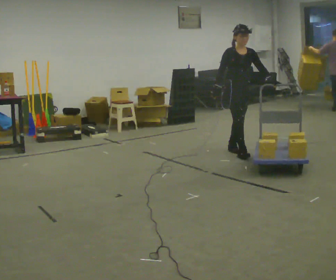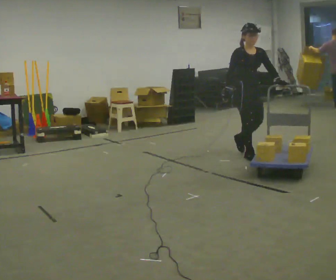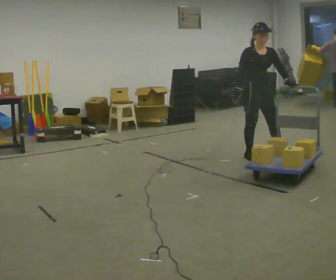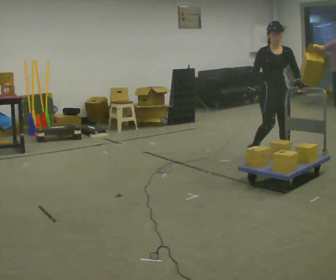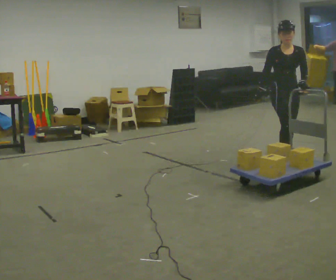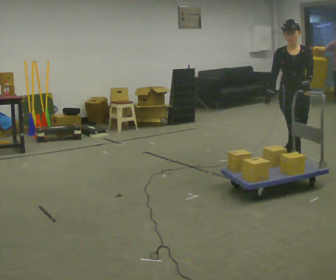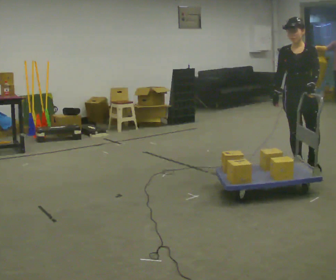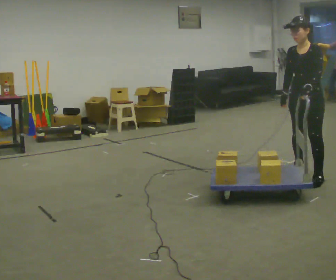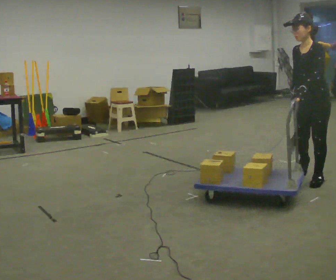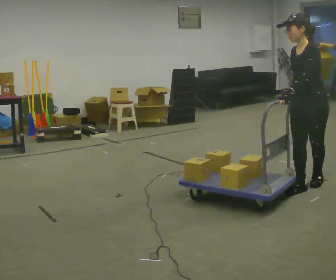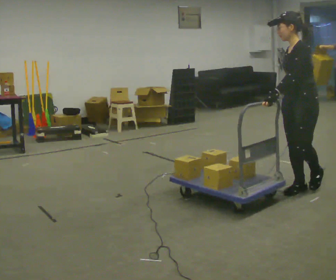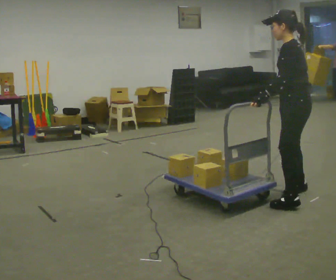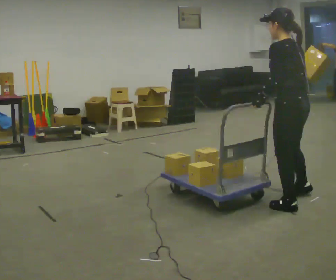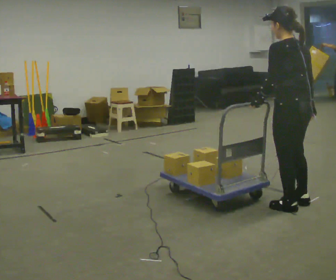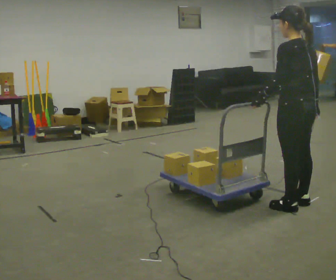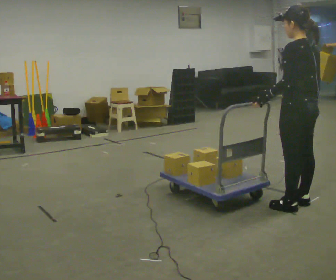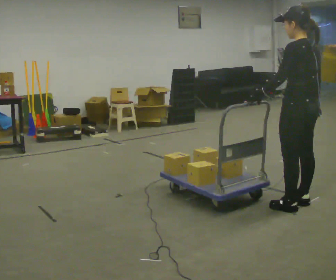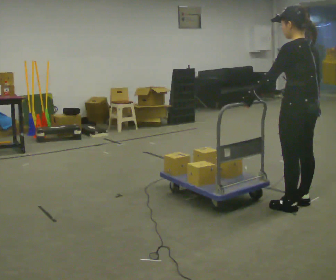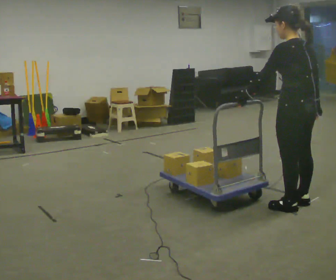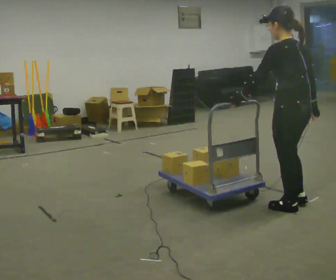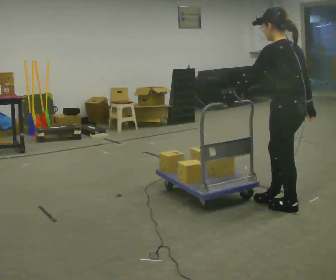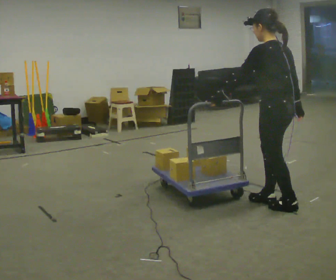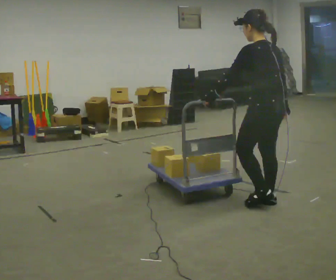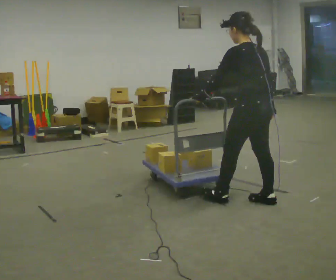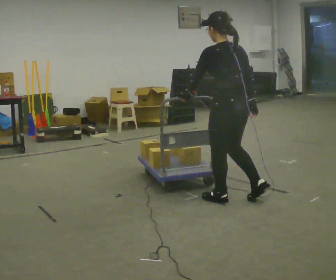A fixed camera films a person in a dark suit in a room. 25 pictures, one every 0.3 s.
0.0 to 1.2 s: In the picture they go to the right and toward the camera, about 0.5 m in 2 steps, which for them is forward.
1.2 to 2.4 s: The person turns about 60 degrees to their right, clockwise seen from above, so the part of the body nearest the lens slides to the left. In the picture they go toward the camera, about 1 m in 2 steps, which for them is forward and to their left.
2.4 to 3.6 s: Seen from above the body turns clockwise, about 90 degrees: to their right, with its near side sliding to the left. In the picture they go toward the camera and to the left, about 0.5 m in 2 steps.
3.6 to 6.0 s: The person moves a little, or ends about where they began.
6.0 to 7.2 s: In the picture they go to the left, about 0.5 m in 2 steps, which for them is forward.
The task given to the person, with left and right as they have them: Push the cart across the room using only the hand the operator calls. Keep your other arm at your side.
The film runs forward here.
